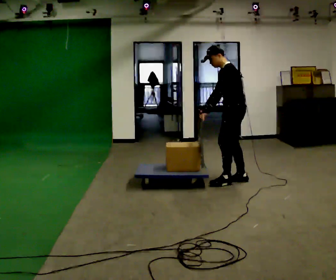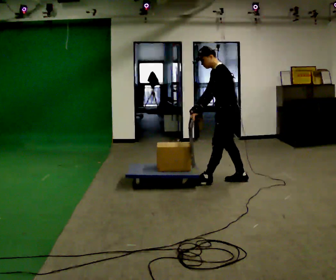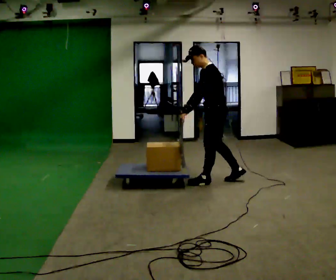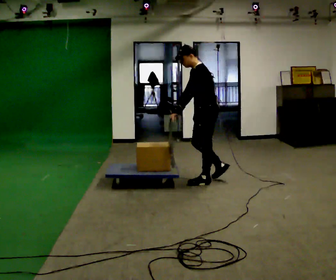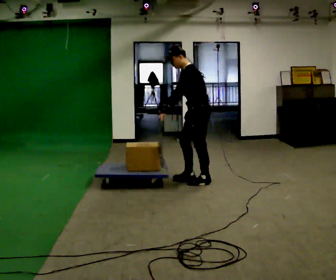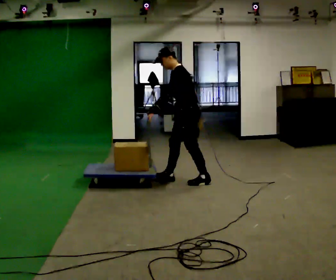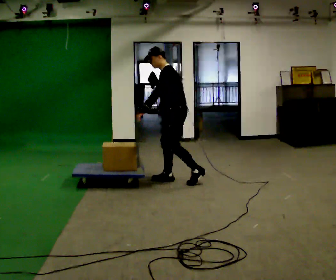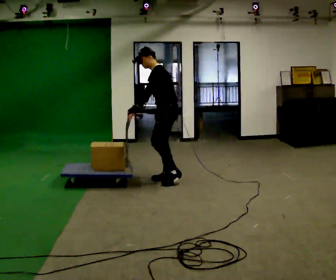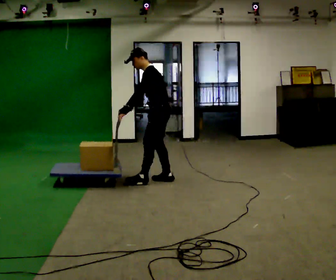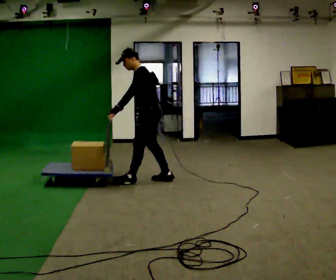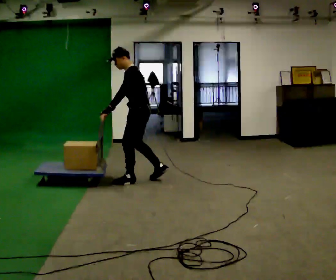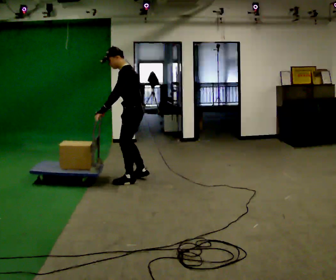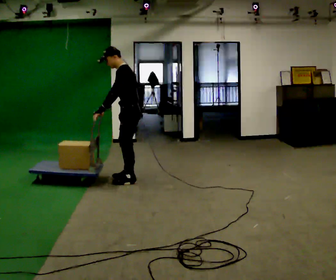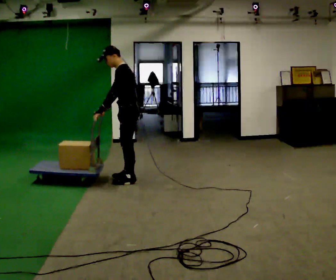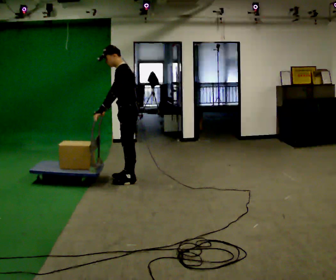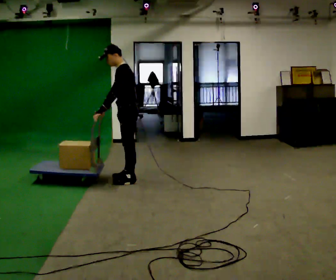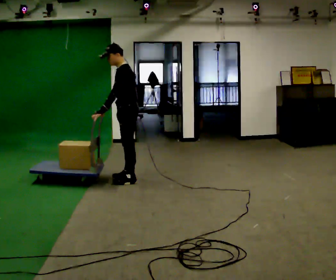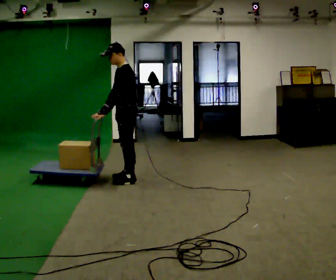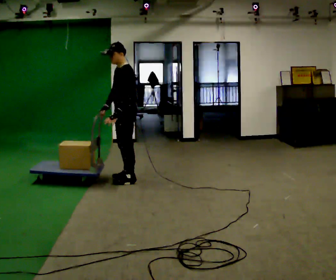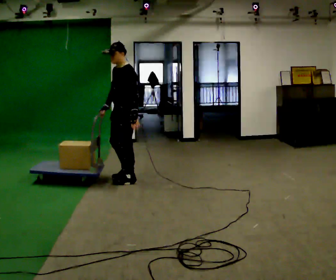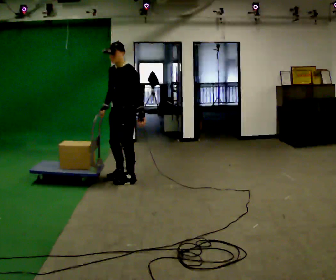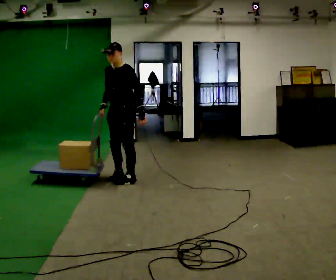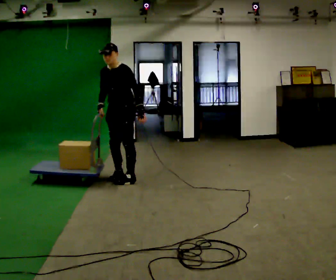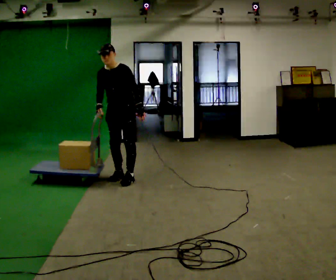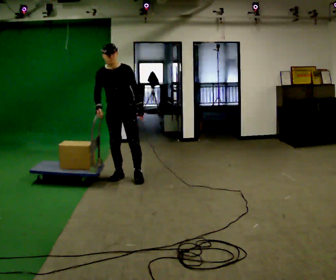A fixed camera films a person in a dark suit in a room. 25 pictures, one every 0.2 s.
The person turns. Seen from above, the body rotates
counterclockwise.
The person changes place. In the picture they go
to the left.
0.0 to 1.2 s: In the picture they go to the left, about 0.5 m in 2 steps, which for them is forward.
1.2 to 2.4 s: In the picture they go to the left, about 0.5 m in 2 steps, which for them is forward.
2.4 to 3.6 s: The person moves a little, or ends about where they began.
3.6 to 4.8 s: The part of the body nearest the lens slides to the right as the person turns to their left by about 75 degrees. In the picture they go away from the camera, about 0.25 m in 1 step.
The film runs forward here.
